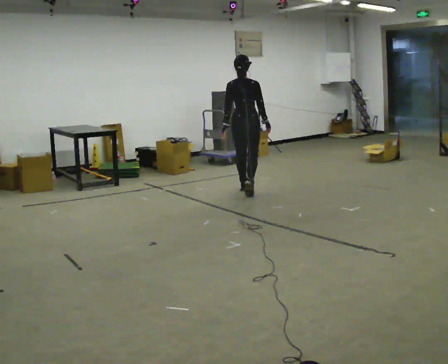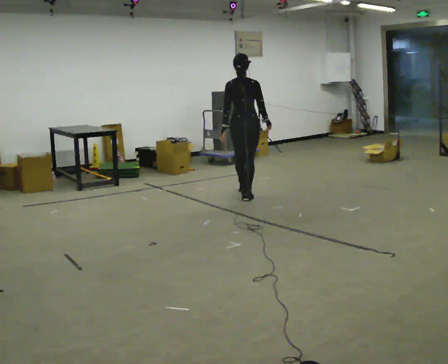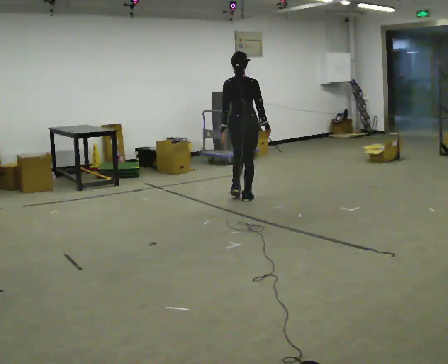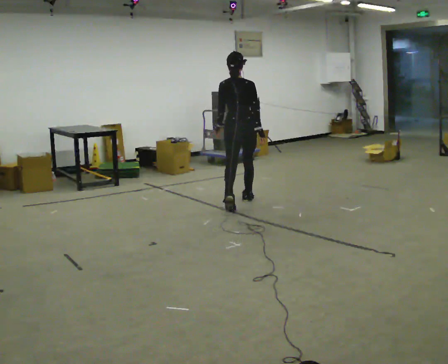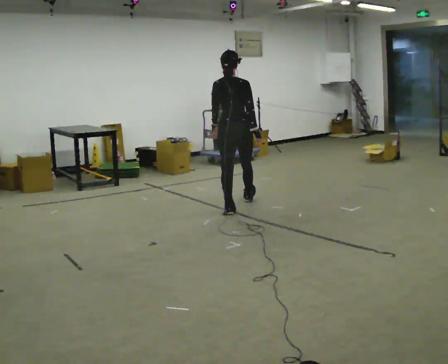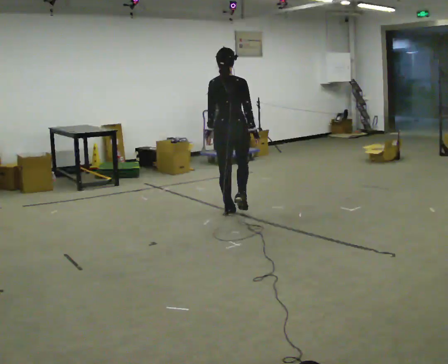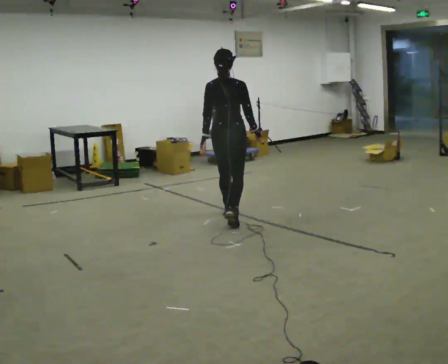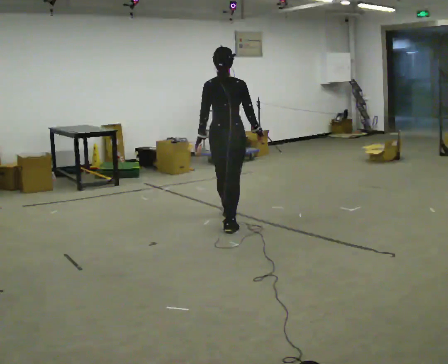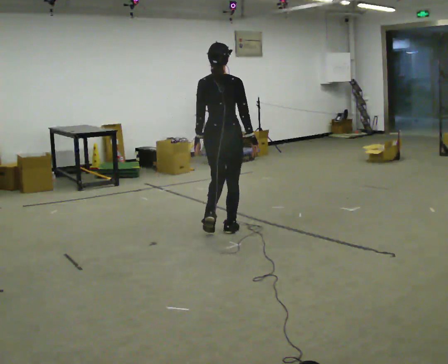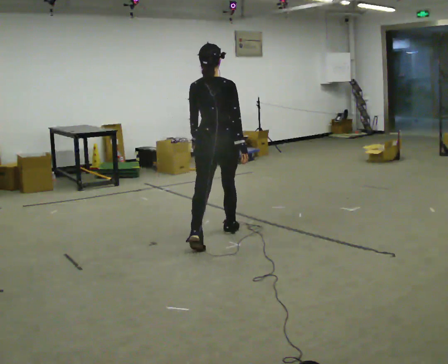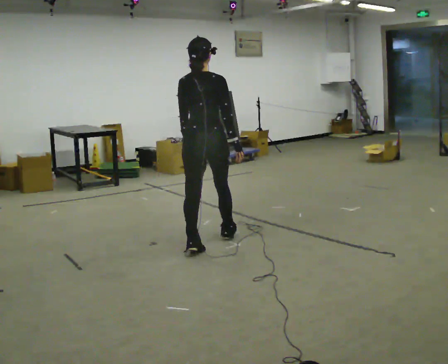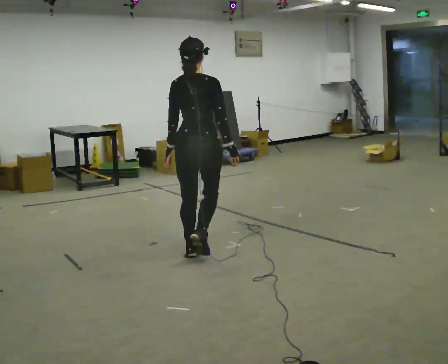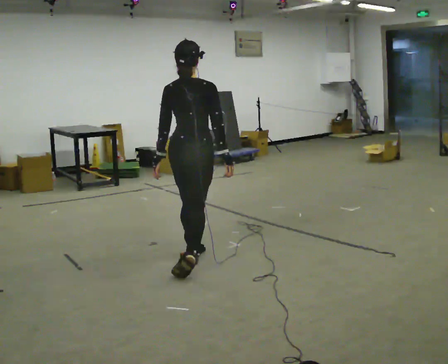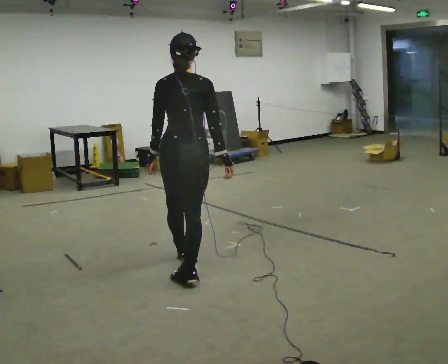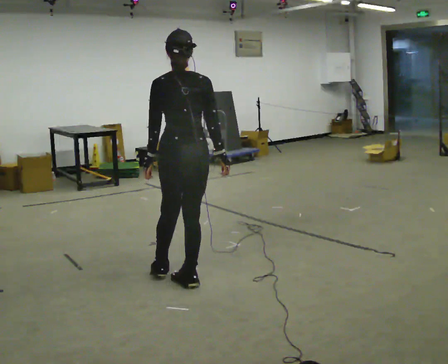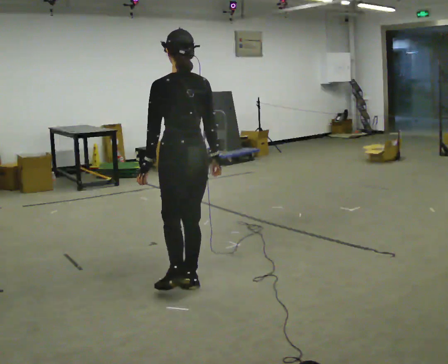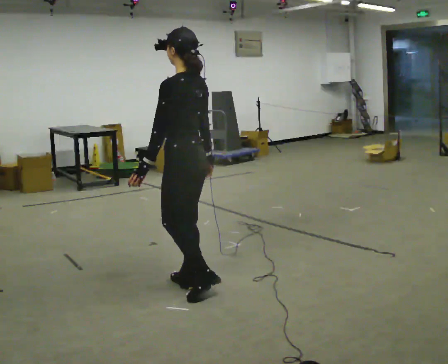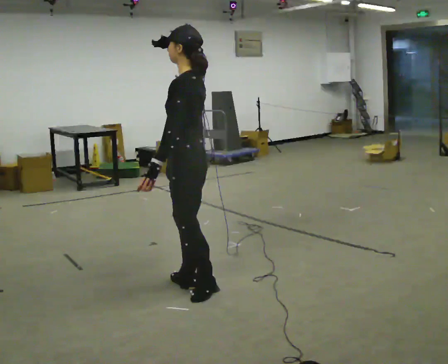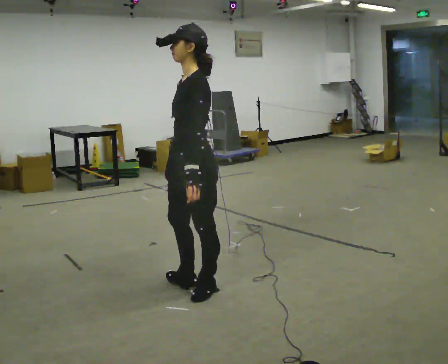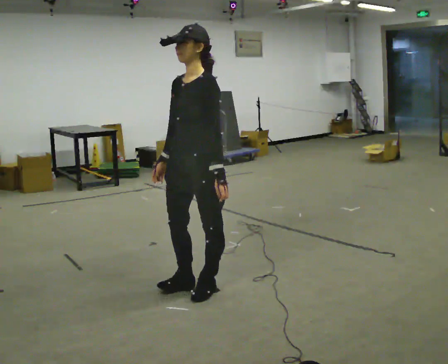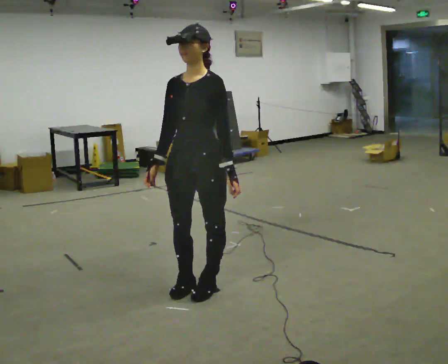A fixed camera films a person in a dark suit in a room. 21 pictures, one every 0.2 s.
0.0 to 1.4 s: In the picture they go toward the camera, about 1.5 m in 3 steps, which for them is backward.
1.4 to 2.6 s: In the picture they go toward the camera, about 1 m in 2 steps, which for them is backward.
2.6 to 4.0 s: The part of the body nearest the lens slides to the right as the person turns to their left by about 150 degrees. In the picture they go toward the camera, about 0.5 m.
The film runs backward here.
